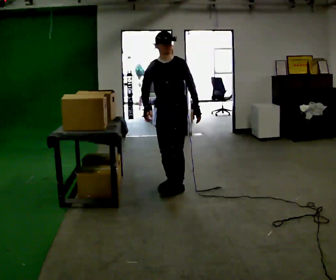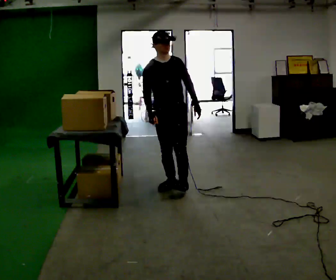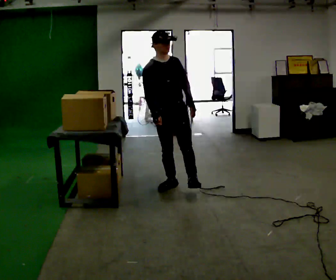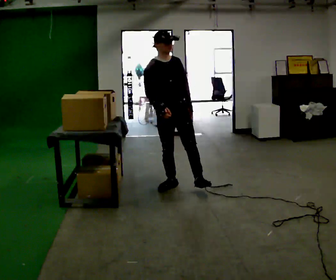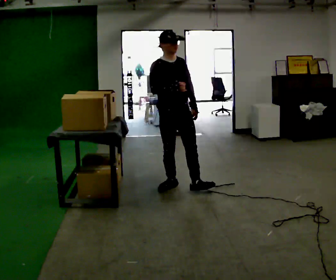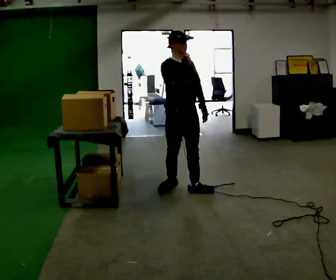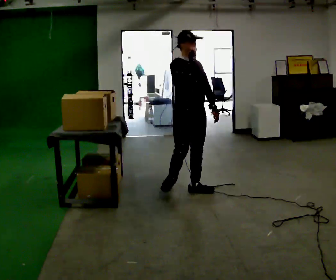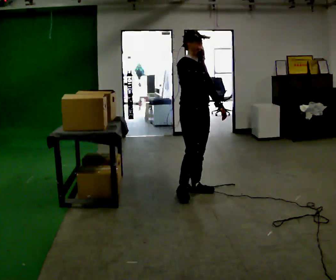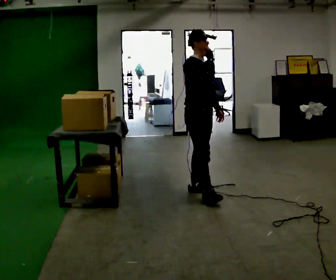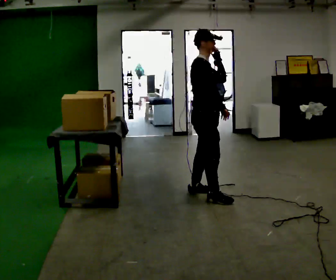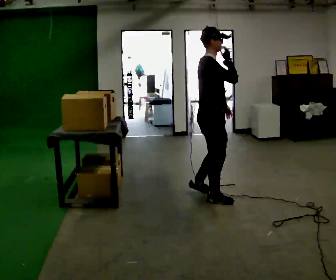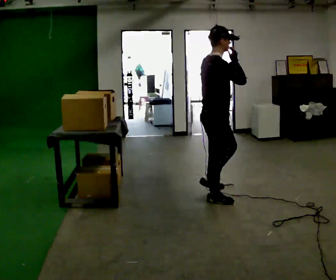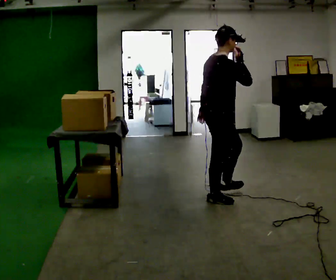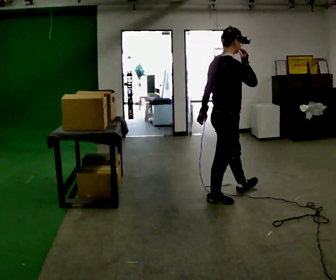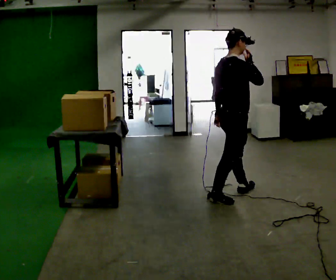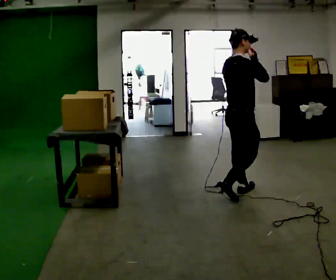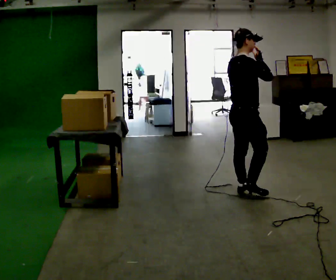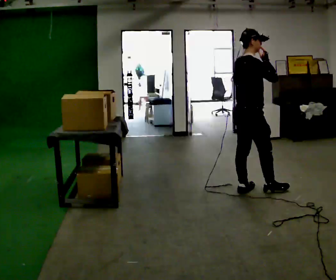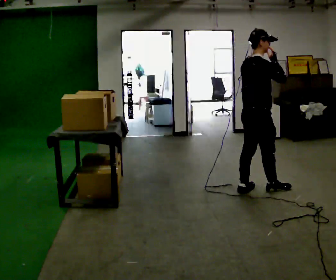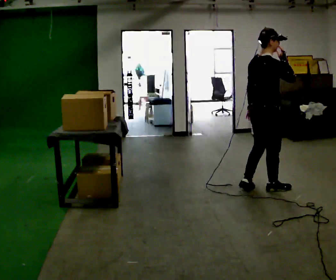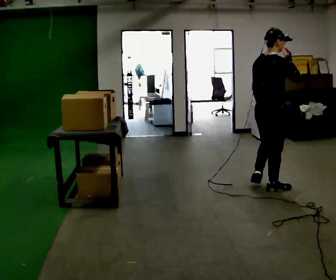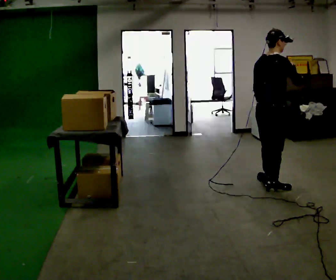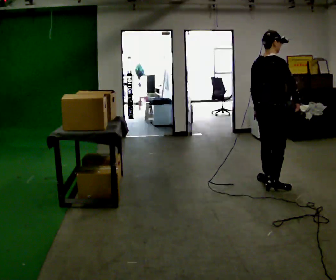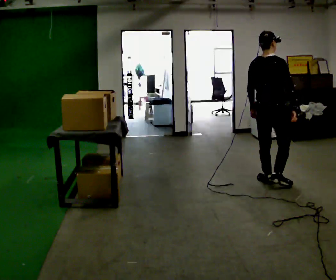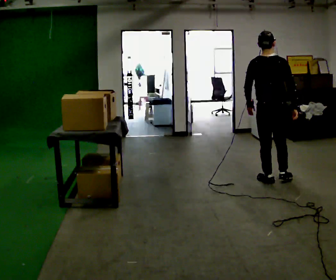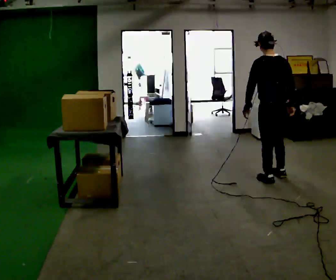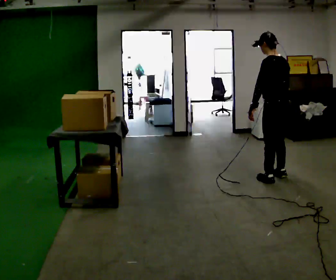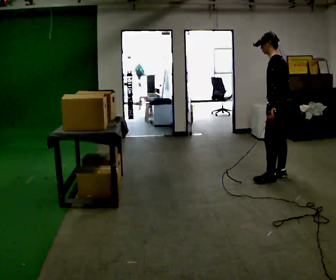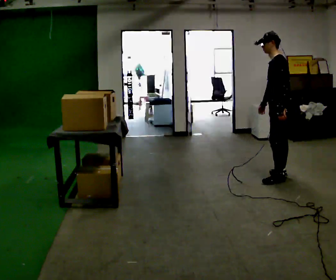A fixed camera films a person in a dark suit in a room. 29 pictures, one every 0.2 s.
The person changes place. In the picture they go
to the right.
The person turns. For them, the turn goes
to their left.
0.0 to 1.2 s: The part of the body nearest the lens slides to the right as the person turns to their left by about 45 degrees. In the picture they go to the right, about 0.25 m in 1 step, which for them is forward and to their left. In the picture their right hand goes upward and to the right.
1.2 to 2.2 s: The person turns about 60 degrees to their left, counterclockwise seen from above, so the part of the body nearest the lens slides to the right. In the picture they go toward the camera and to the right, about 0.25 m in 1 step.
2.2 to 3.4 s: In the picture they go to the right and away from the camera, about 0.5 m in 1 step, which for them is forward.
3.4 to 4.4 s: The person turns about 30 degrees to their left, counterclockwise seen from above, so the part of the body nearest the lens slides to the right. In the picture they go to the right and away from the camera, about 0.25 m in 2 steps, which for them is forward. In the picture their right hand goes downward.
4.4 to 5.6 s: The part of the body nearest the lens slides to the right as the person turns to their left by about 135 degrees. In the picture they go away from the camera and to the right, about 0.25 m in 1 step.
The film runs forward here.
